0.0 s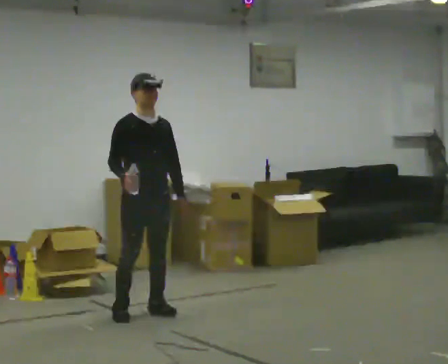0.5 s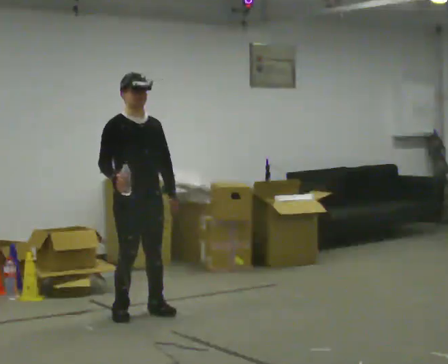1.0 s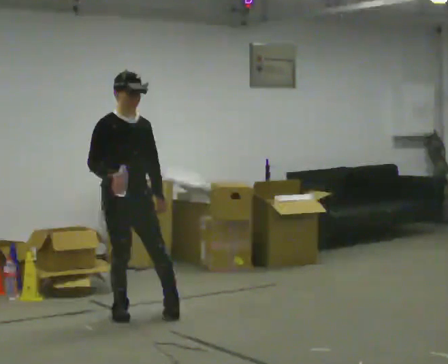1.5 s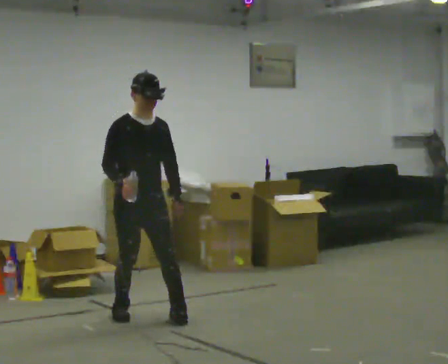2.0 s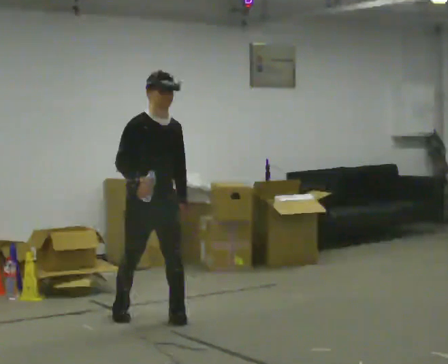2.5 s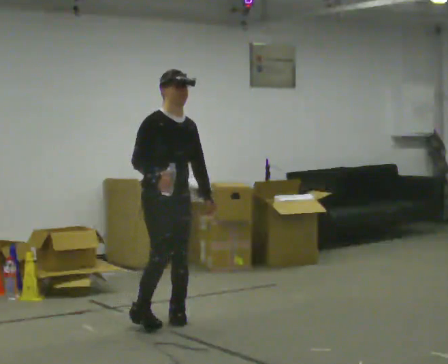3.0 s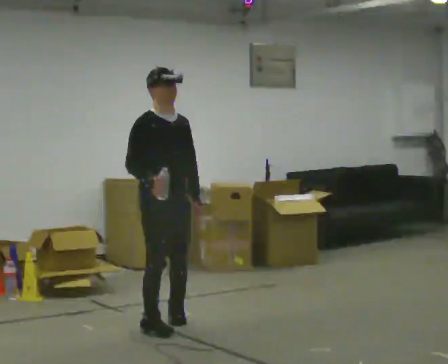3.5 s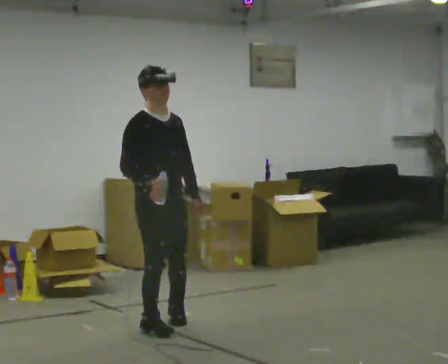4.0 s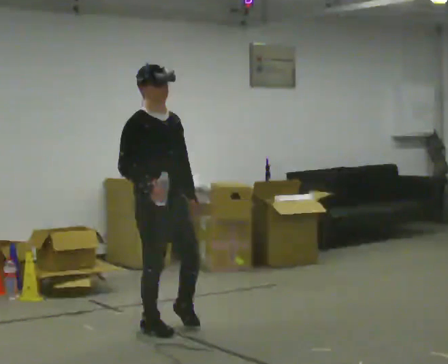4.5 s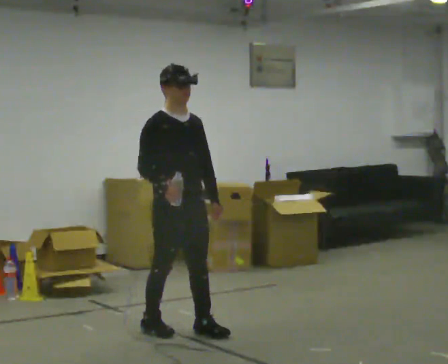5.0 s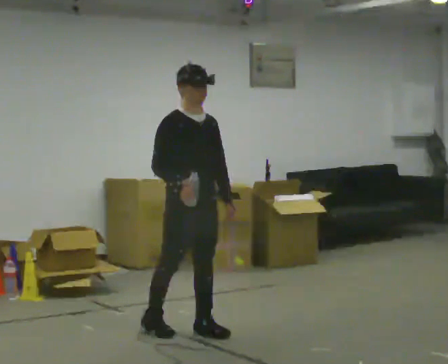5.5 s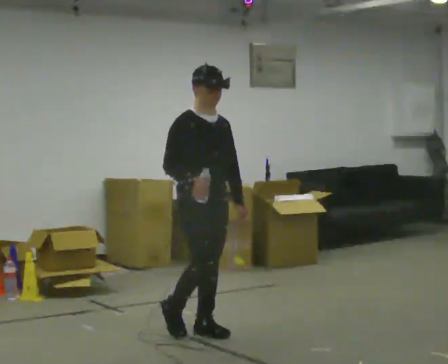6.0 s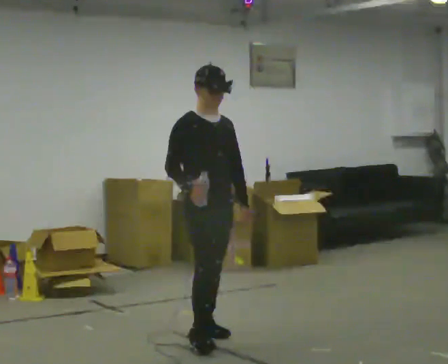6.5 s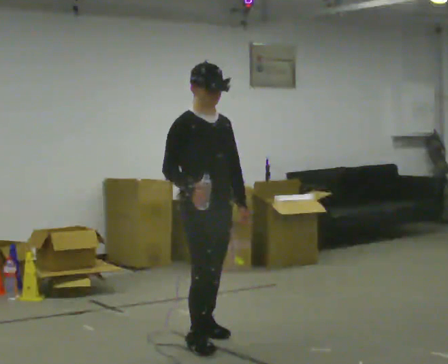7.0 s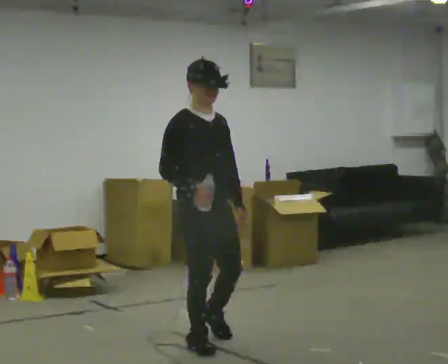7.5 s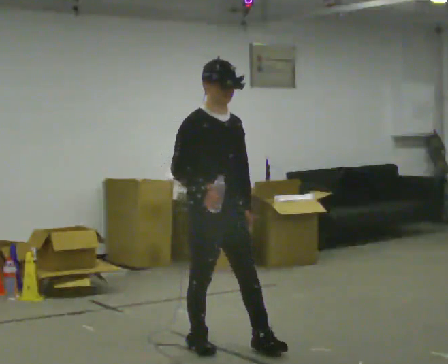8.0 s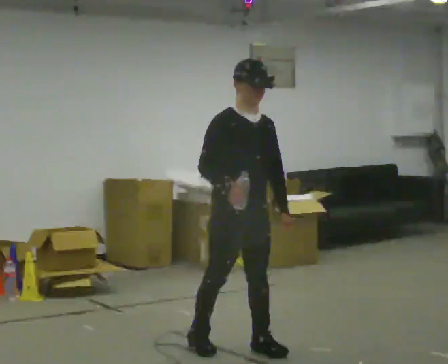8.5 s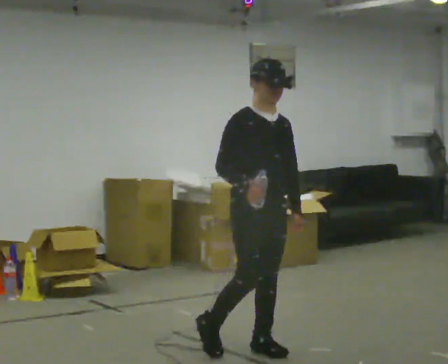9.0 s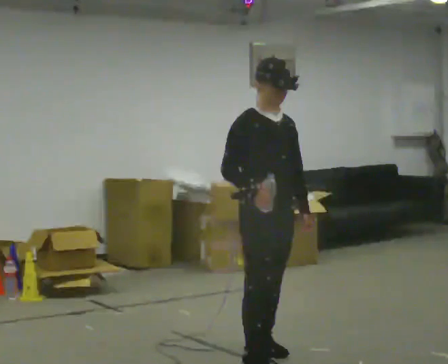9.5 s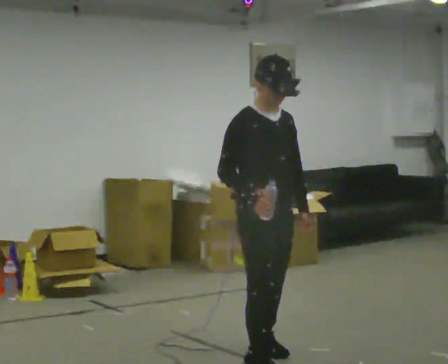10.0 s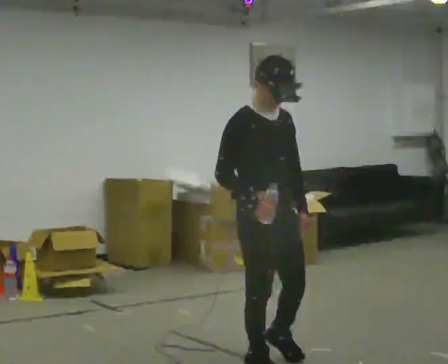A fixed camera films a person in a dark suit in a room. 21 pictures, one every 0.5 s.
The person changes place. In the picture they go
toward the camera.
0.0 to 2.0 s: In the picture they go toward the camera, about 0.25 m in 1 step, which for them is forward.
2.0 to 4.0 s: In the picture they go toward the camera, about 0.5 m in 1 step, which for them is forward and to their right.
4.0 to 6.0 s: In the picture they go to the right, about 0.25 m in 2 steps, which for them is forward and to their left.
6.0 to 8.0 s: In the picture they go toward the camera and to the right, about 0.5 m in 1 step, which for them is forward.
8.0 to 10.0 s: In the picture they go toward the camera, about 0.5 m in 1 step, which for them is forward.
The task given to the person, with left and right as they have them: Carry the open container of water across the room without spilling it, back and forth.
The film runs forward here.
